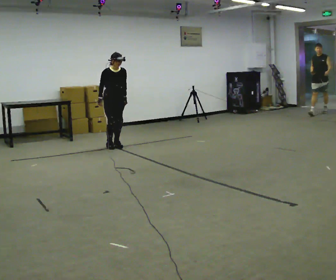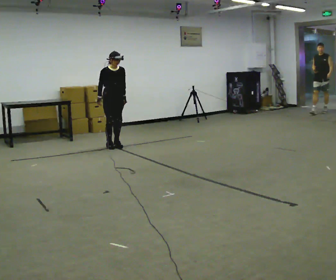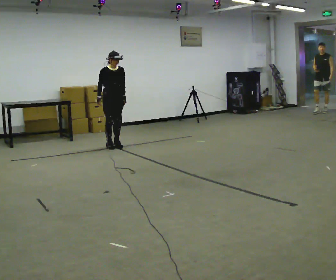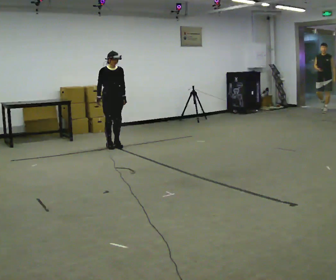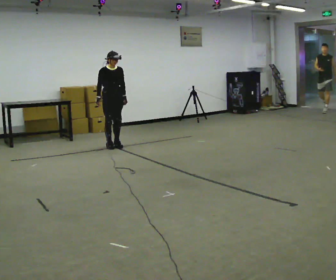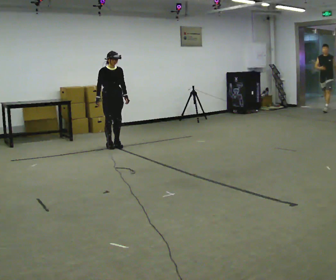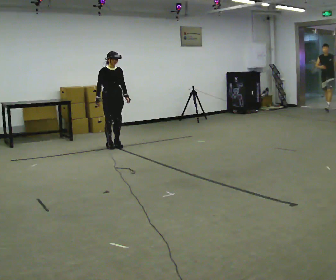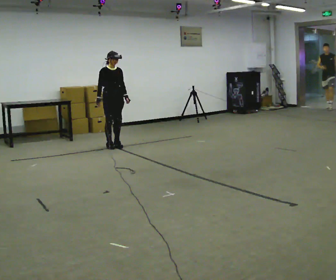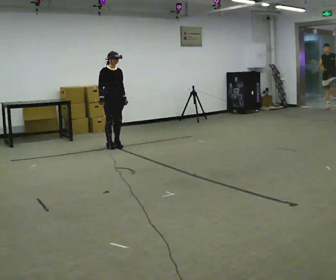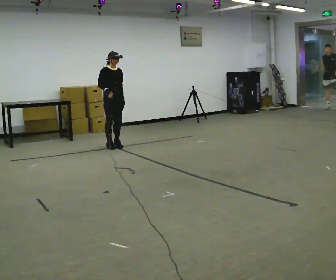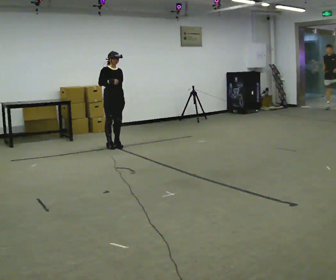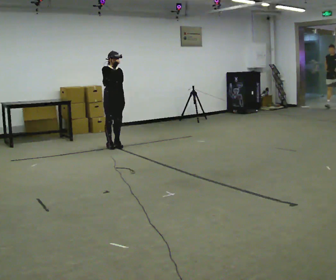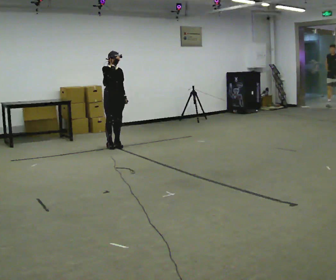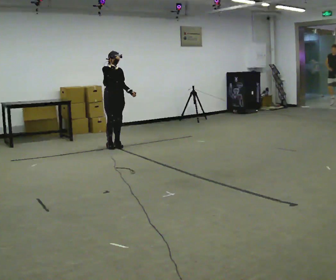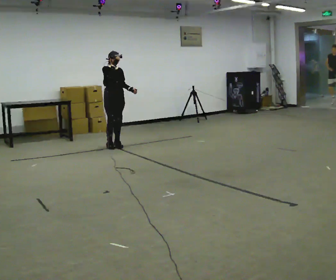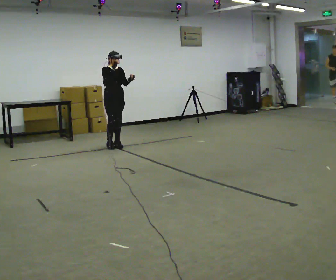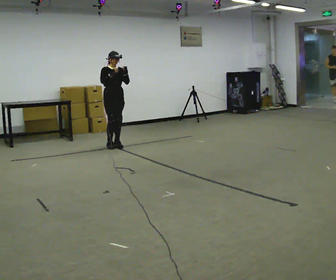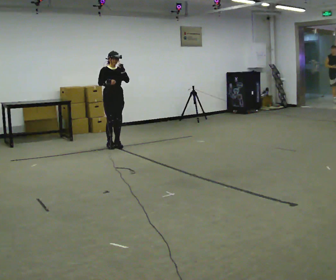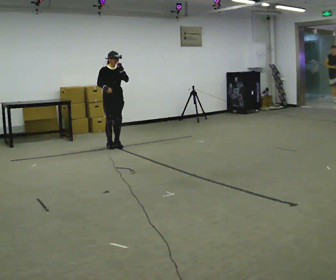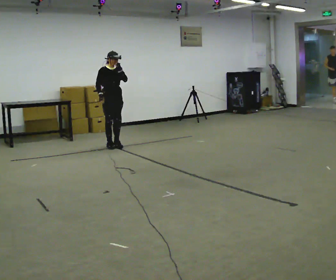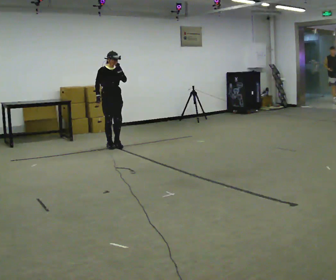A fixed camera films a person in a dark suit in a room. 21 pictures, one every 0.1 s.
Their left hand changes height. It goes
upward.
0.0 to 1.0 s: The upper body tips away from the camera, its near side rolling upward, as they lean back or straighten.
1.0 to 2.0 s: In the picture their left hand goes upward.
The film runs backward here.
